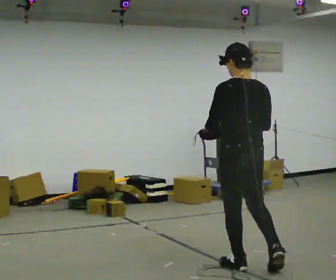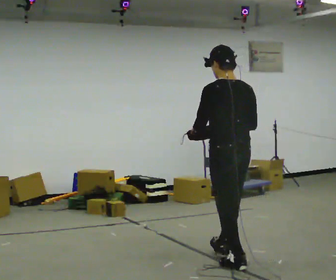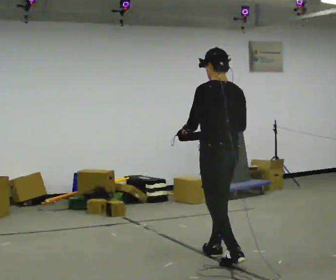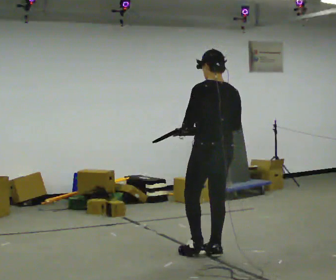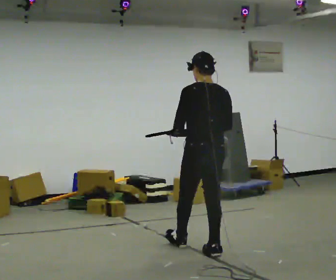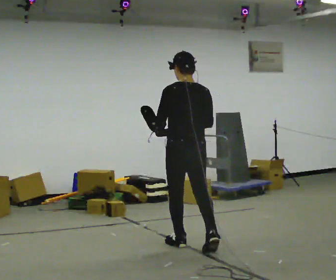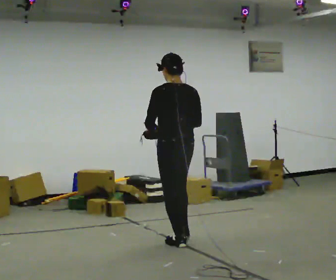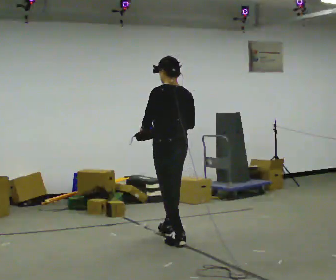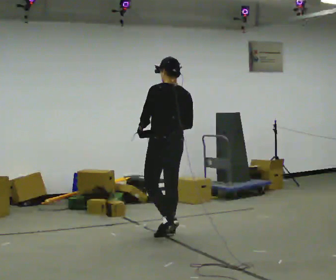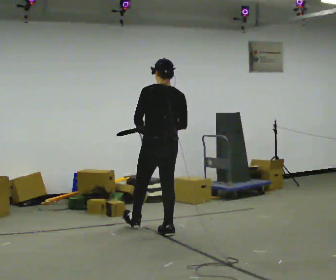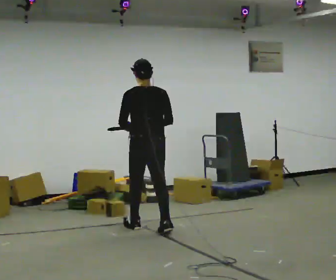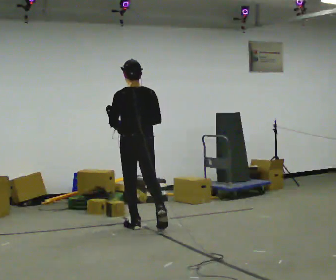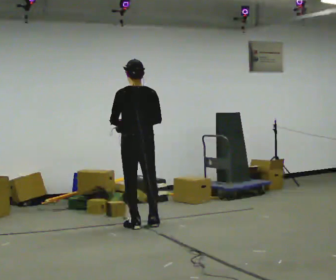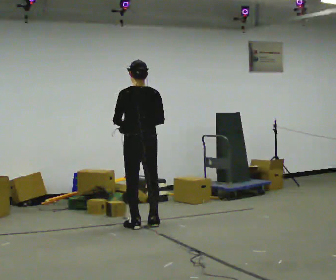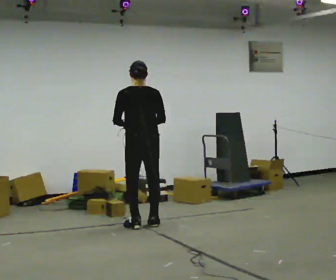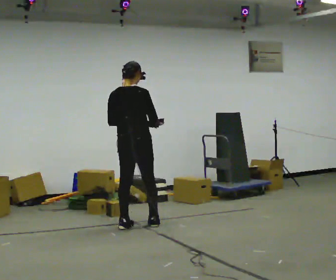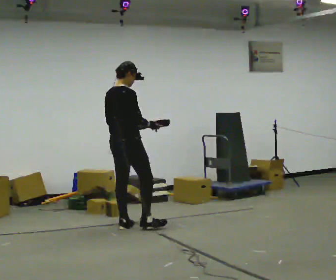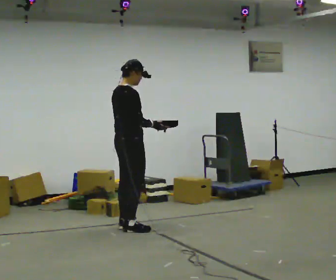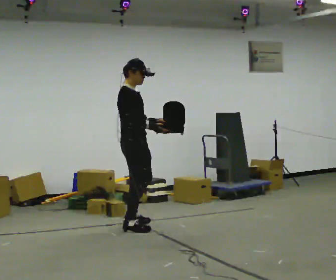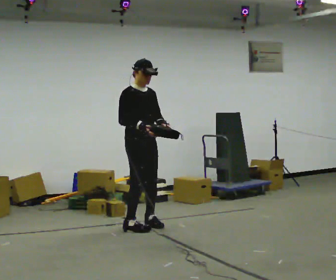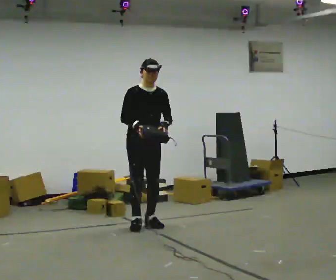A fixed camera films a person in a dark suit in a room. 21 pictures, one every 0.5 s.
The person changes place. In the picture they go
away from the camera.
0.0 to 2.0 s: In the picture they go away from the camera and to the left, about 0.75 m in 2 steps, which for them is forward.
2.0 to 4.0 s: In the picture they go away from the camera and to the left, about 0.5 m in 1 step, which for them is forward.
4.0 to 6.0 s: In the picture they go away from the camera and to the left, about 0.5 m in 2 steps, which for them is forward and to their left.
6.0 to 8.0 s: The part of the body nearest the lens slides to the left as the person turns to their right by about 75 degrees.
8.0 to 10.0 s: Seen from above the body turns clockwise, about 105 degrees: to their right, with its near side sliding to the left. In the picture they go to the right, about 0.25 m in 2 steps.
The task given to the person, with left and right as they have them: Carry the box with its lid hanging open across the room, back and forth.
The film runs forward here.
